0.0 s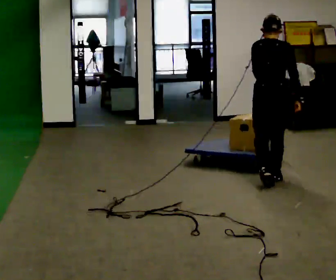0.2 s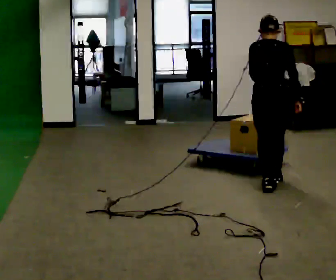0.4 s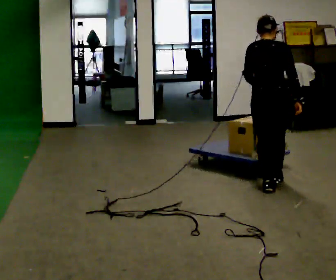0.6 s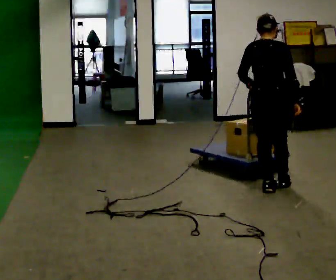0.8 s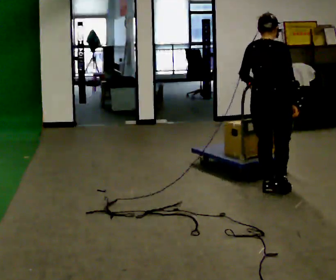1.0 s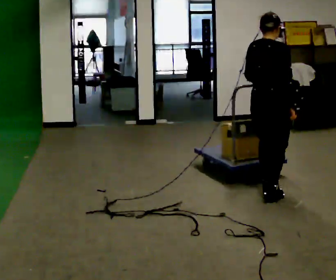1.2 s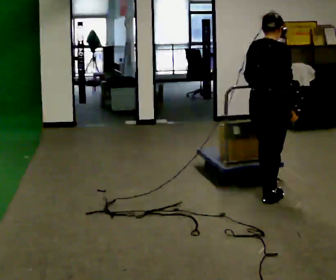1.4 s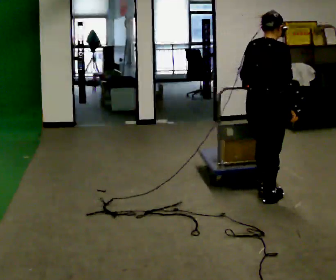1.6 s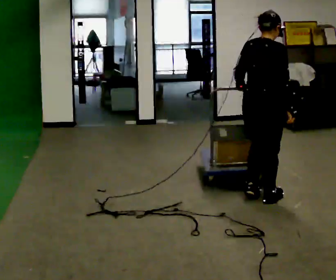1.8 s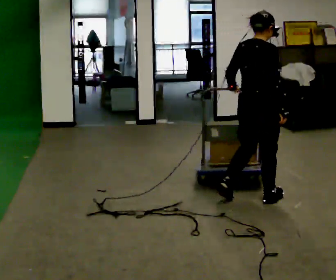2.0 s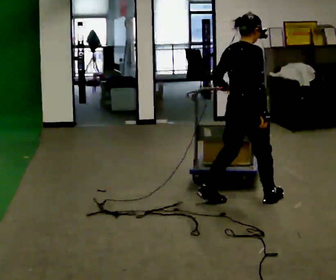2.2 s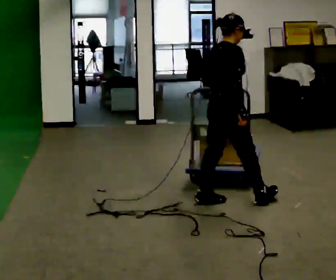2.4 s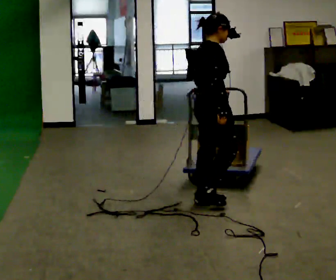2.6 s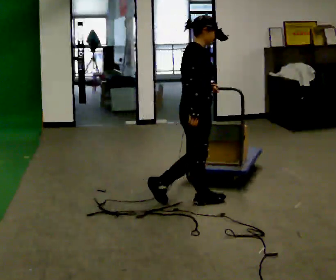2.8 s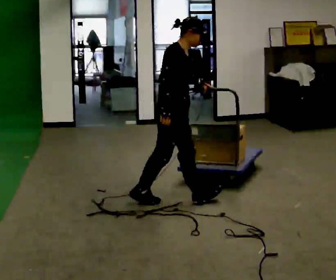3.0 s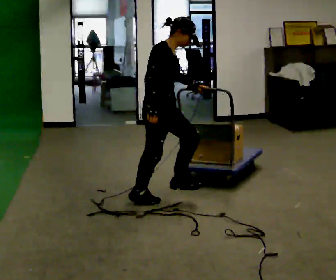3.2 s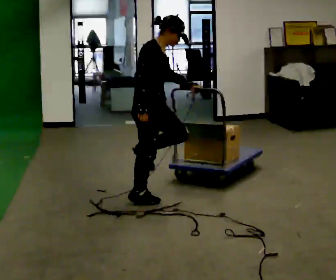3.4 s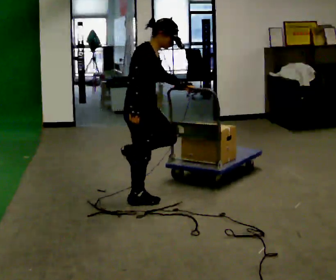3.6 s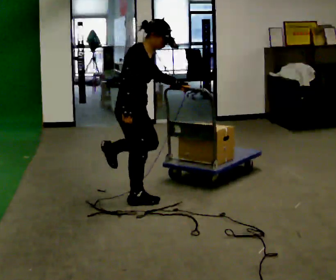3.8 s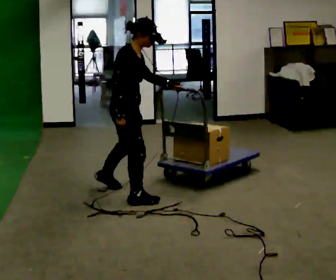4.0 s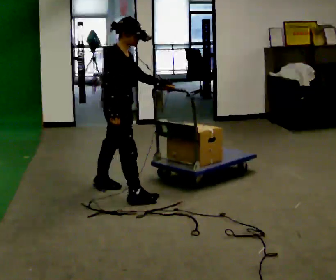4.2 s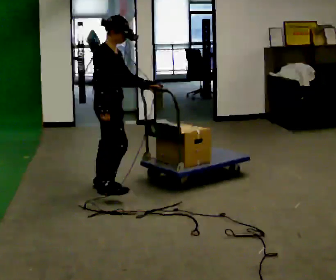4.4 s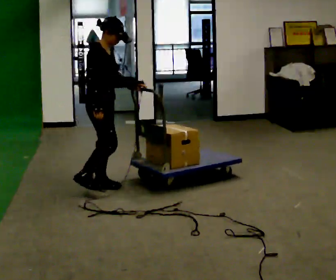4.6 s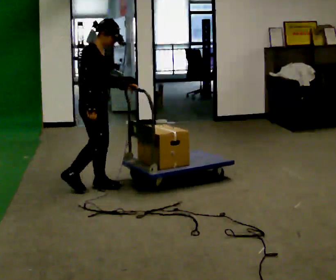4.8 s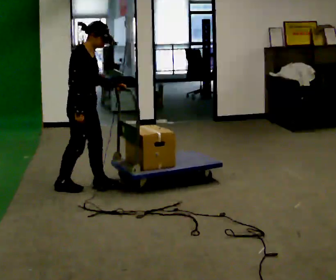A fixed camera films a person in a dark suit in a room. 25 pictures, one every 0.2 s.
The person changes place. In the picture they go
to the left.
The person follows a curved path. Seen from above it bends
clockwise.
0.0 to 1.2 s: The part of the body nearest the lens slides to the left as the person turns to their right by about 30 degrees. In the picture they go toward the camera, about 0.5 m in 1 step, which for them is backward.
1.2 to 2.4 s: The part of the body nearest the lens slides to the left as the person turns to their right by about 30 degrees. In the picture they go to the left, about 0.5 m in 2 steps, which for them is backward and to their left.
2.4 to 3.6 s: In the picture they go to the left, about 0.5 m in 1 step, which for them is backward. In the picture the upper body tilts clockwise, shoulders to the right, as they bend forward.
3.6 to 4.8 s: In the picture they go to the left and away from the camera, about 0.5 m in 1 step, which for them is backward and to their left.
The film runs backward here.
